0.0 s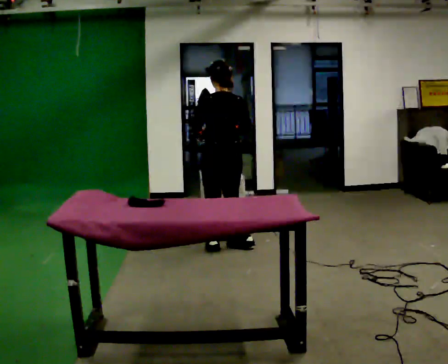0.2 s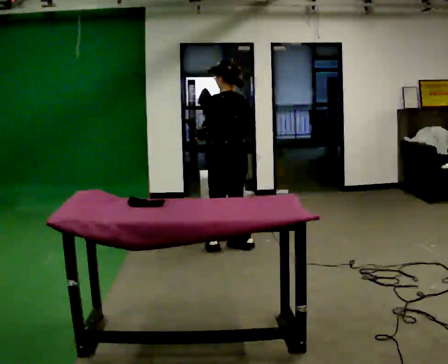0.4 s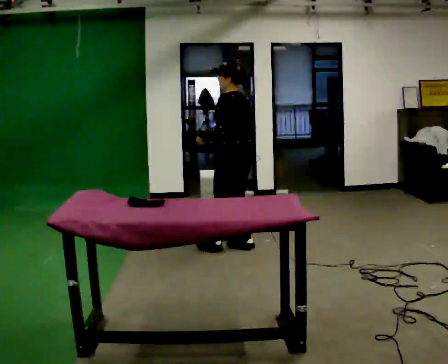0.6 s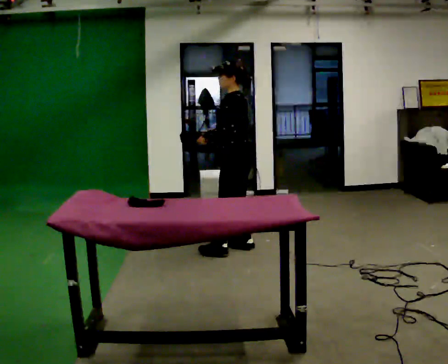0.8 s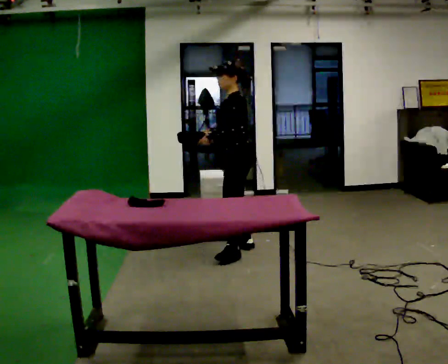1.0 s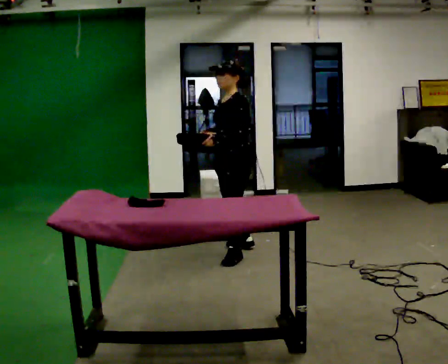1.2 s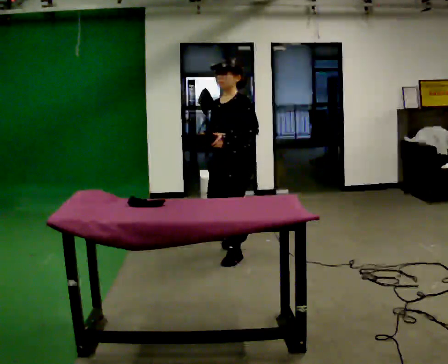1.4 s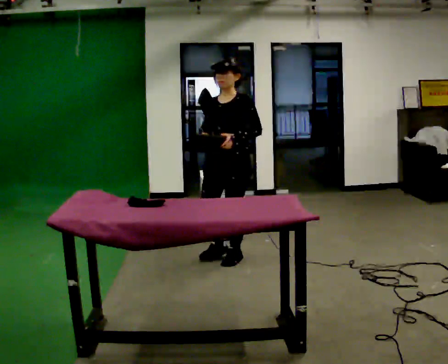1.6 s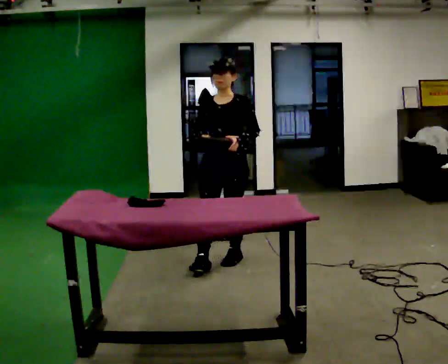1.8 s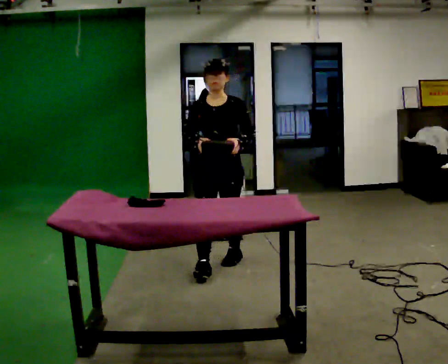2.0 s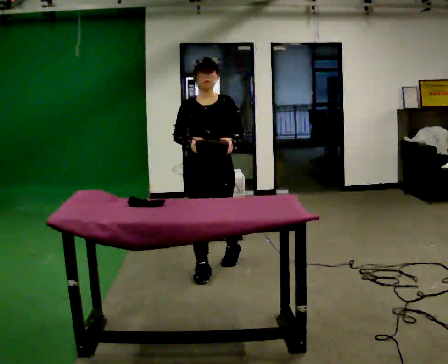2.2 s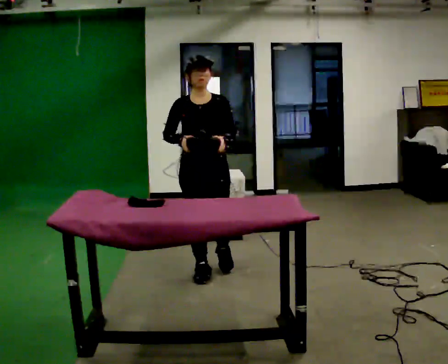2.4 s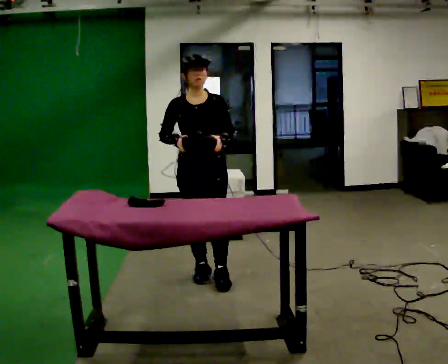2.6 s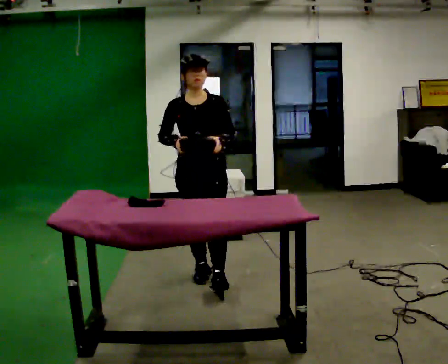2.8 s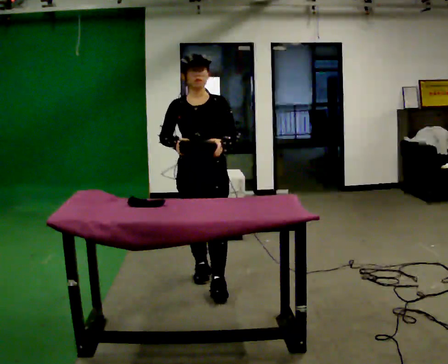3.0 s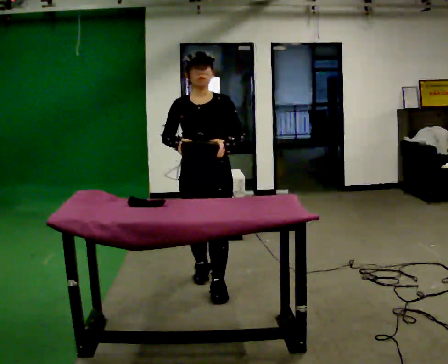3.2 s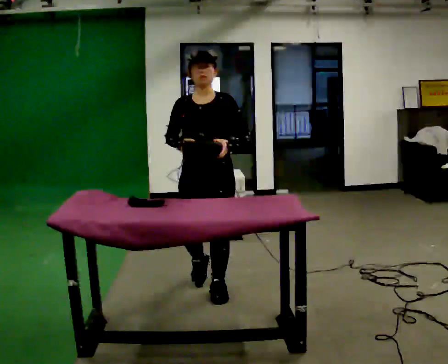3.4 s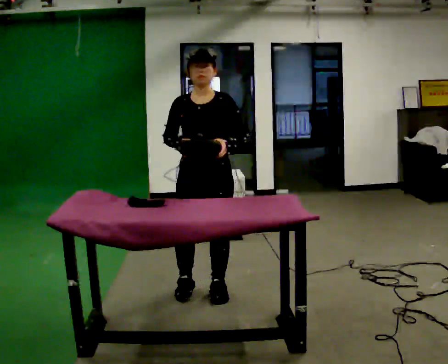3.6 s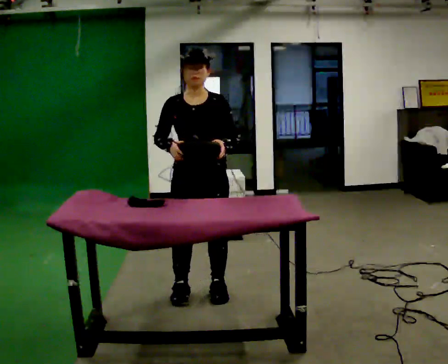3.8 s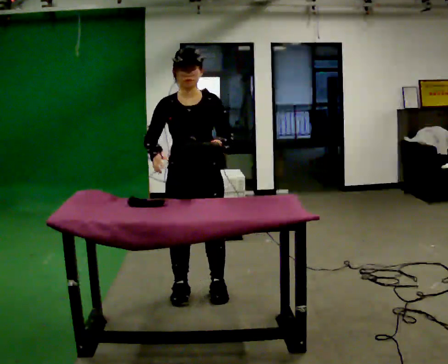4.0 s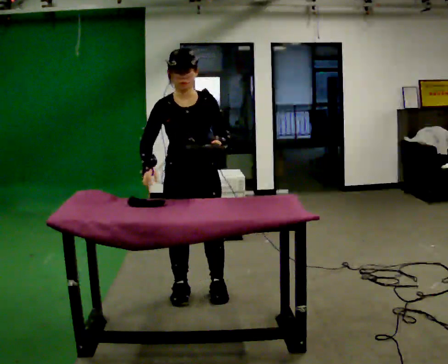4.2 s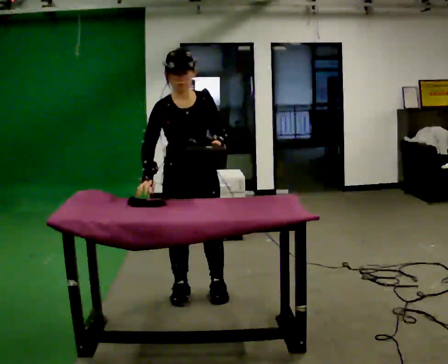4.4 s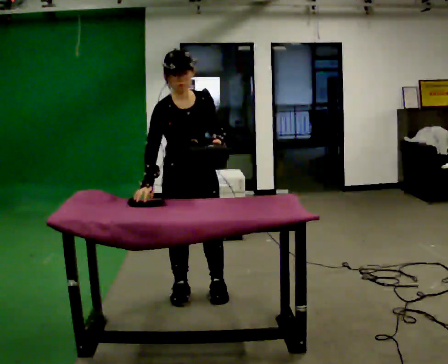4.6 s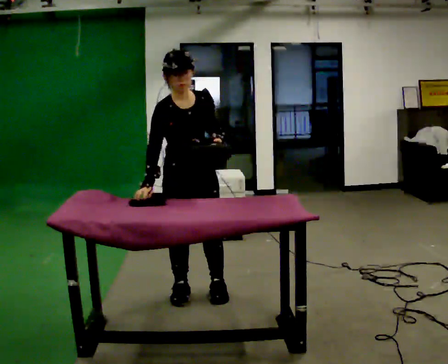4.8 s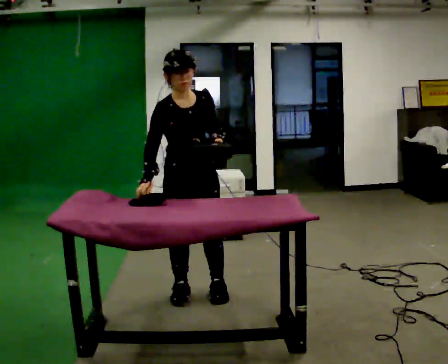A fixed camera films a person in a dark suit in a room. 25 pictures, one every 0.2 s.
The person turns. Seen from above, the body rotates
counterclockwise.
The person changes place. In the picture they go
toward the camera.
0.0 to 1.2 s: Seen from above the body turns counterclockwise, about 105 degrees: to their left, with its near side sliding to the right. In the picture they go toward the camera, about 0.25 m in 1 step.
1.2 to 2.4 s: The person turns about 45 degrees to their left, counterclockwise seen from above, so the part of the body nearest the lens slides to the right. In the picture they go toward the camera and to the left, about 0.5 m in 1 step, which for them is forward and to their right.
2.4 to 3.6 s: In the picture they go toward the camera, about 0.5 m in 2 steps, which for them is forward.
3.6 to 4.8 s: Seen from above the body turns counterclockwise, about 30 degrees: to their left, with its near side sliding to the right.
The film runs forward here.
